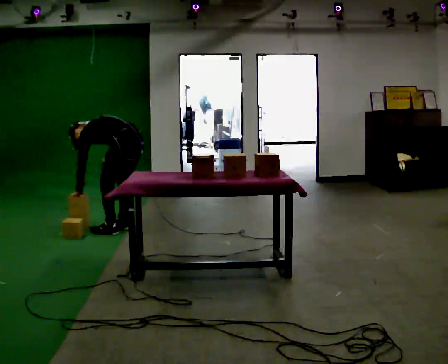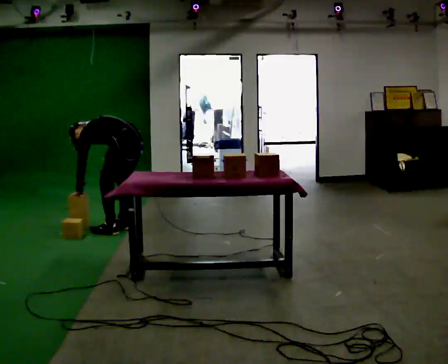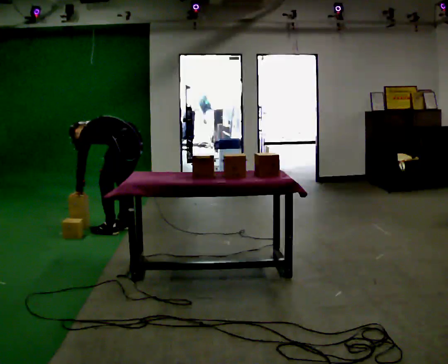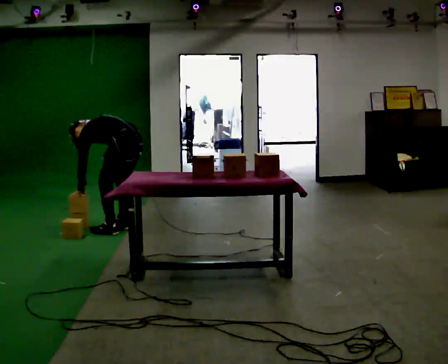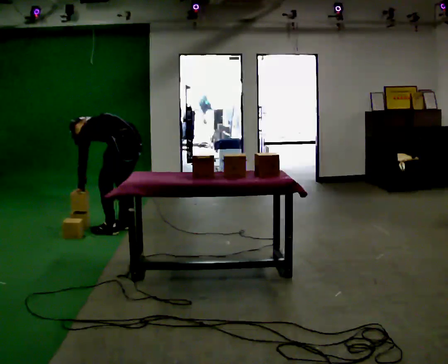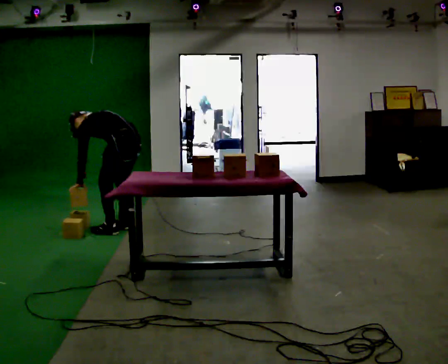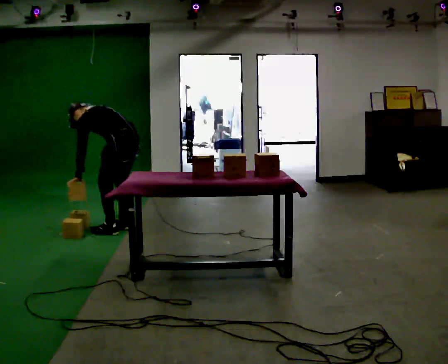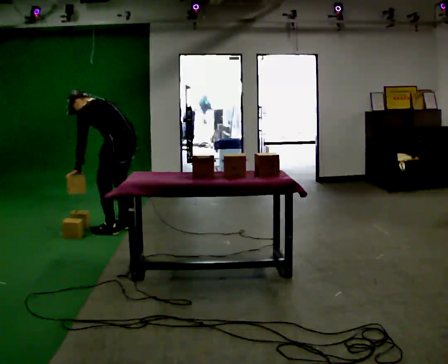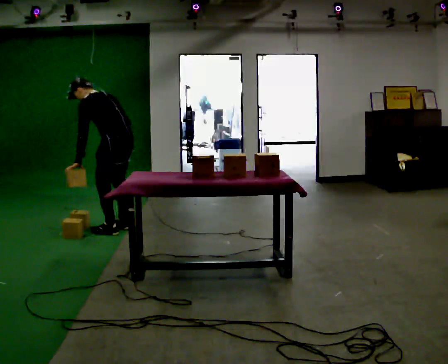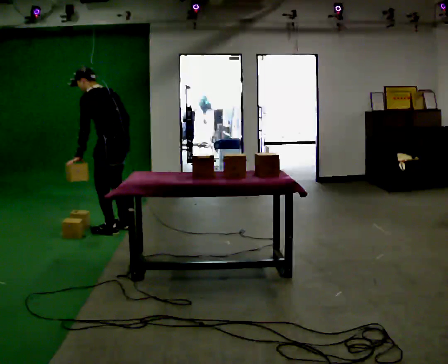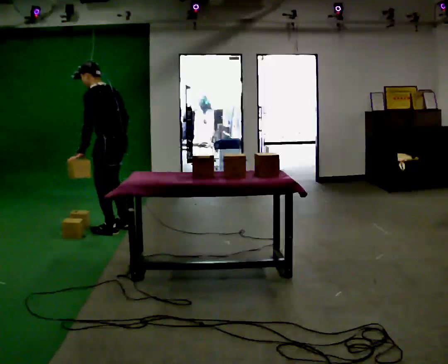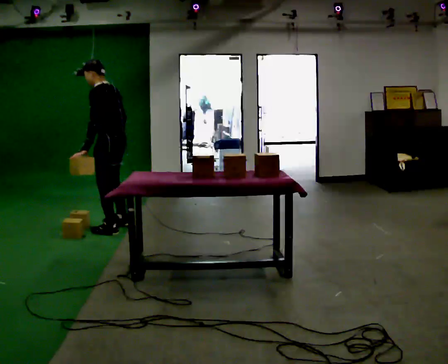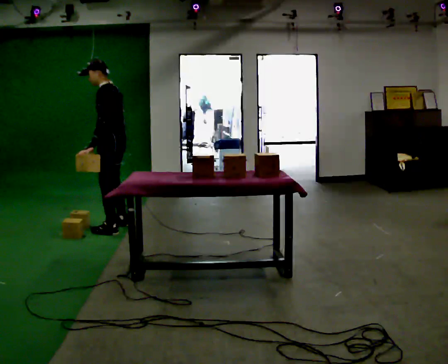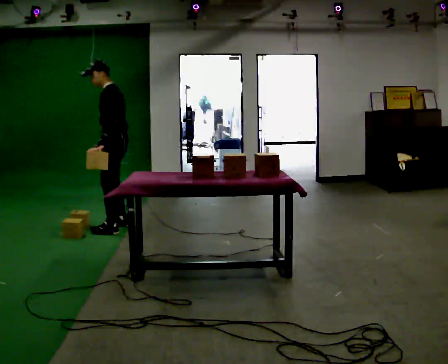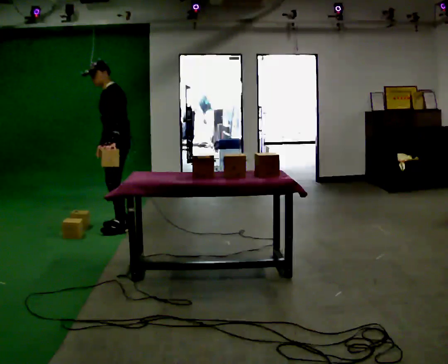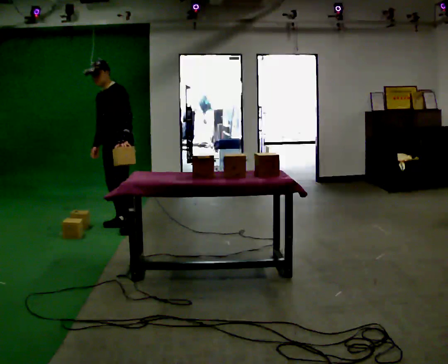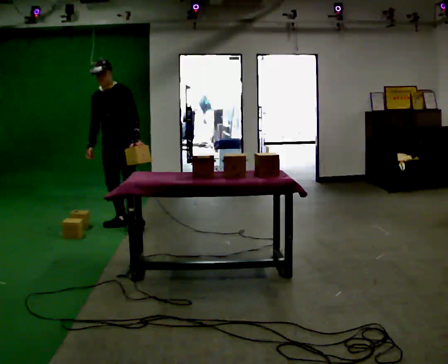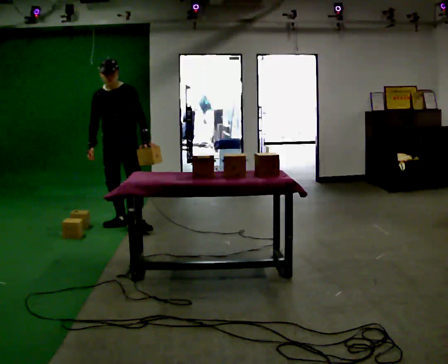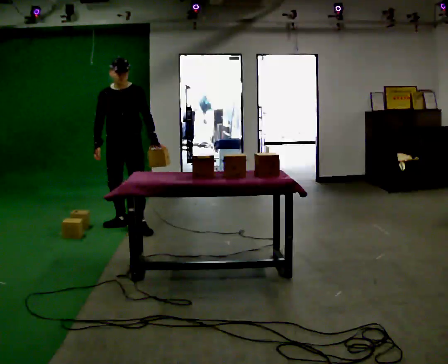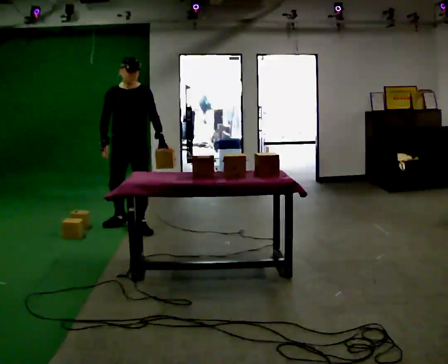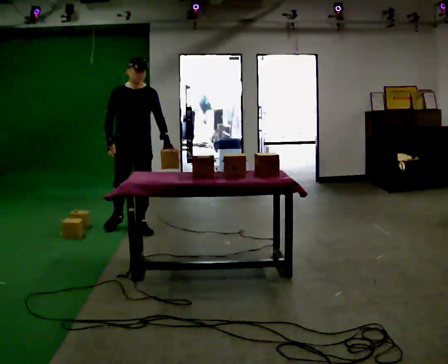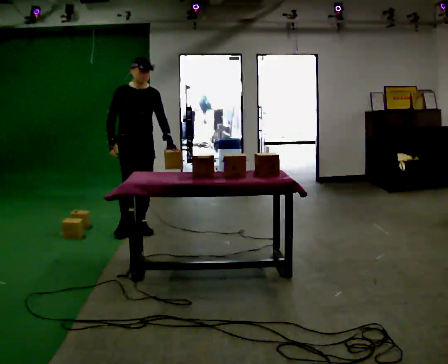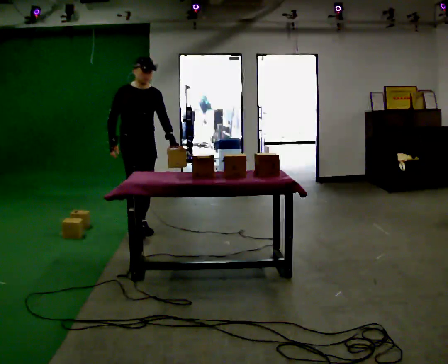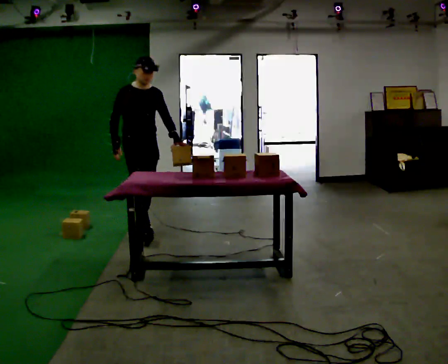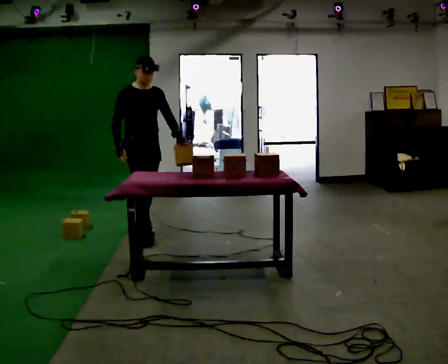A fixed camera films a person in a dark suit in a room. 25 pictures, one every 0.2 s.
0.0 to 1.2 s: In the picture the upper body tilts clockwise, shoulders to the right, as they lean back or straighten.
1.2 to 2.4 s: Seen from above the body turns counterclockwise, about 30 degrees: to their left, with its near side sliding to the right. The shoulders move upward. In the picture the upper body tilts clockwise, shoulders to the right, as they lean back or straighten.
2.4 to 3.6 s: The person turns about 90 degrees to their left, counterclockwise seen from above, so the part of the body nearest the lens slides to the right. In the picture their left hand goes to the right, the arm swinging counterclockwise.
3.6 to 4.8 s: The person turns about 30 degrees to their left, counterclockwise seen from above, so the part of the body nearest the lens slides to the right. In the picture they go toward the camera, about 0.25 m in 1 step, which for them is forward.
The film runs forward here.
